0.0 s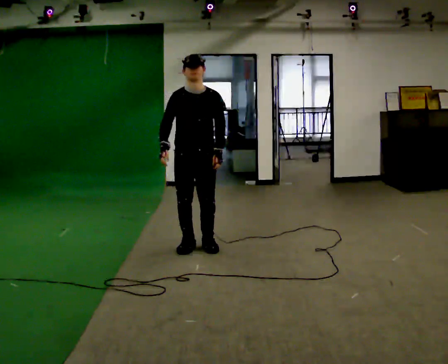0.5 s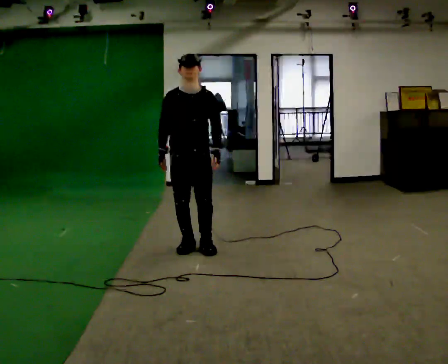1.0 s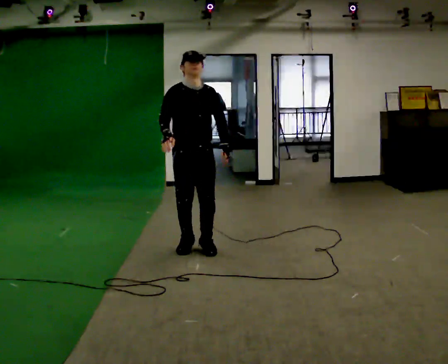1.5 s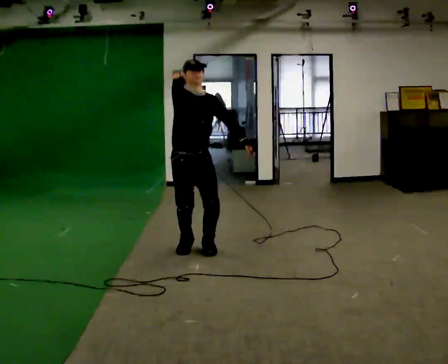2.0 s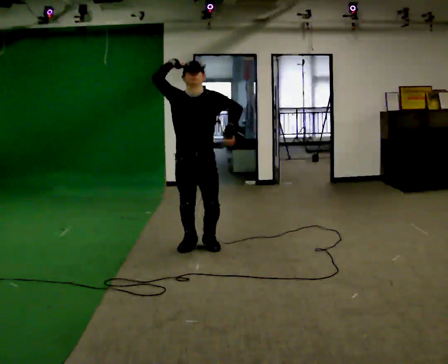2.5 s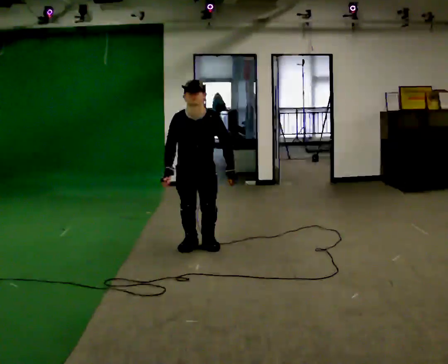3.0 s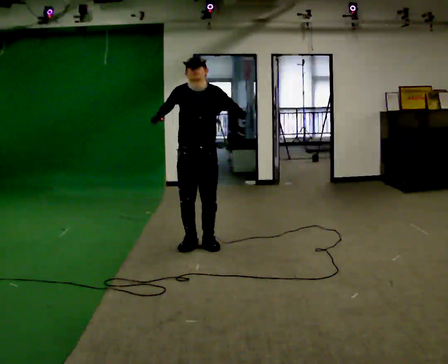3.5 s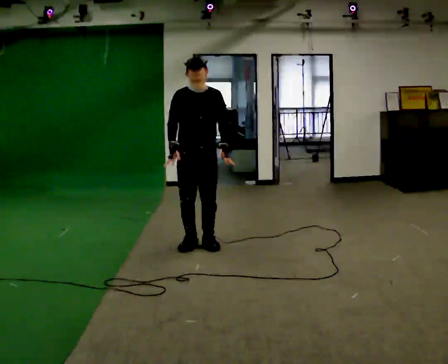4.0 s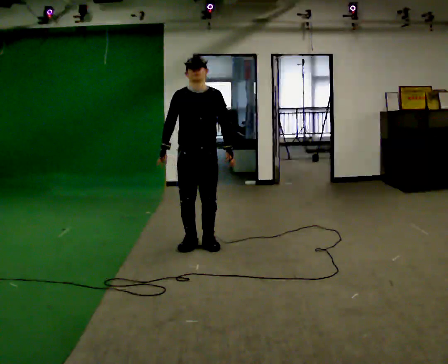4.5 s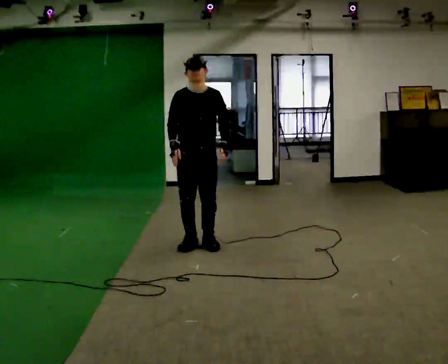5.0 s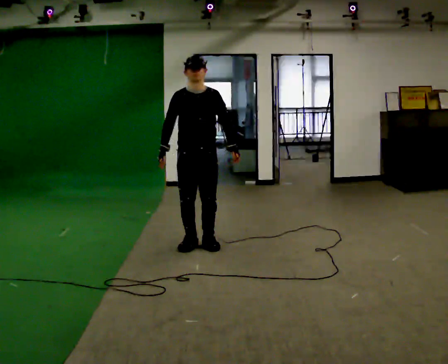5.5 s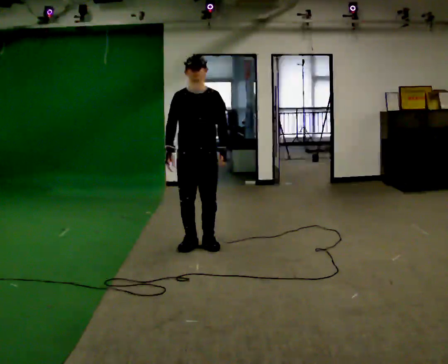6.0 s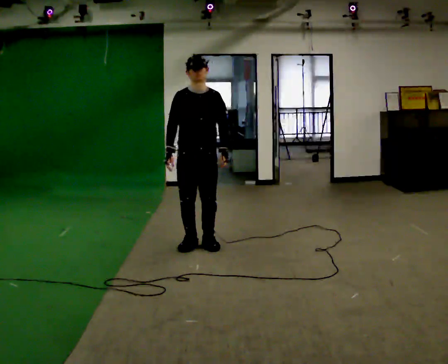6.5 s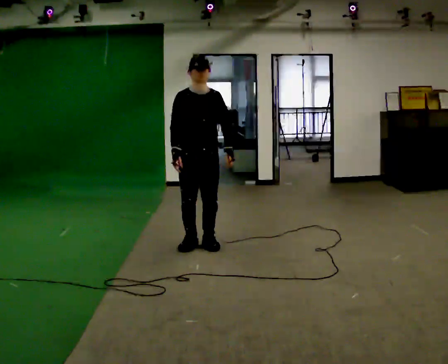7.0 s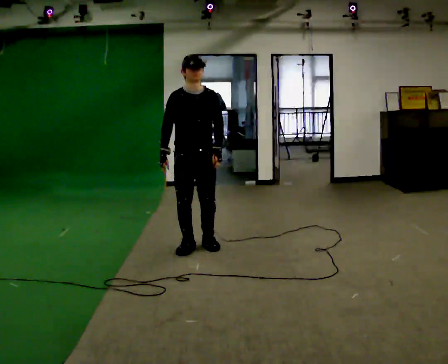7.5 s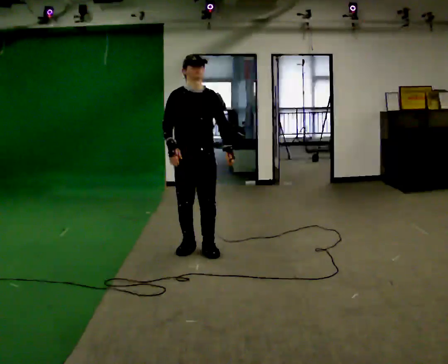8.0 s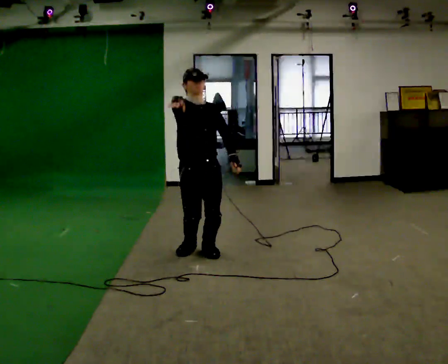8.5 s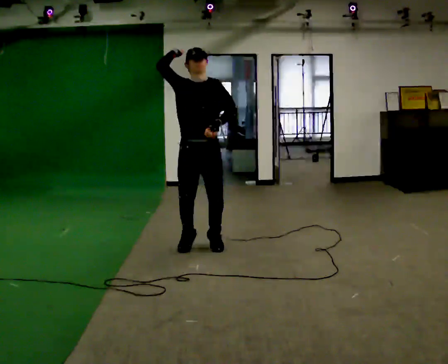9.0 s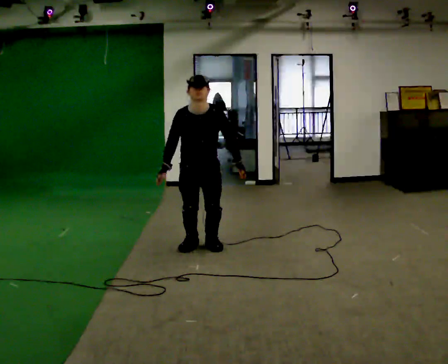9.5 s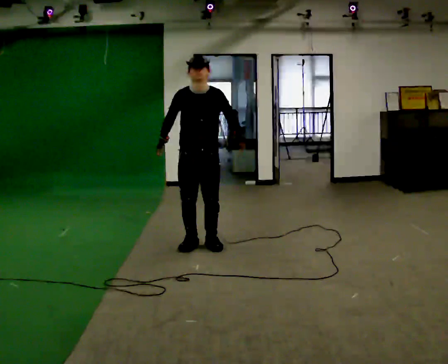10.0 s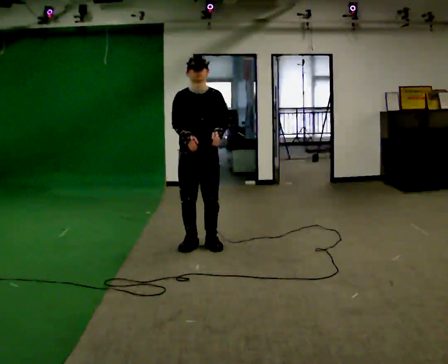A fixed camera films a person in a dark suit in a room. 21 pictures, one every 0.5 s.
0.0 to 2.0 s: In the picture their right hand goes upward.
2.0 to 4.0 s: In the picture their right hand goes downward.
4.0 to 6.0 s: The person moves a little, or ends about where they began.
6.0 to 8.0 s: In the picture they go toward the camera, about 0.25 m in 1 step, which for them is forward. In the picture their right hand goes upward.
8.0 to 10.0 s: In the picture they go away from the camera, about 0.25 m in 1 step, which for them is backward.
The film runs backward here.
